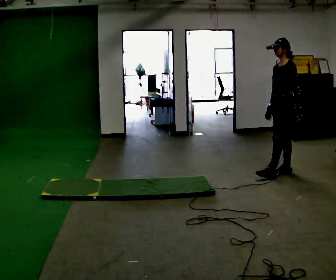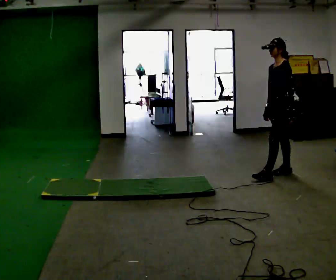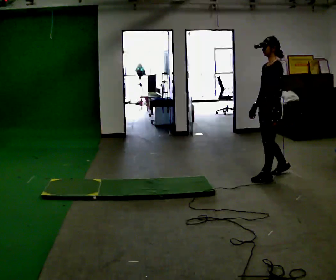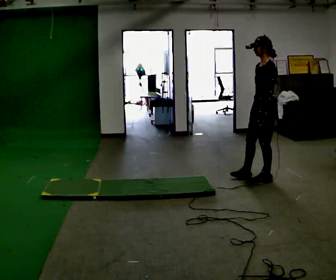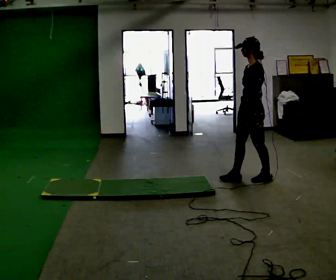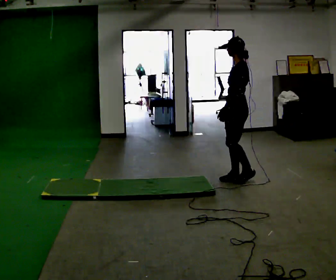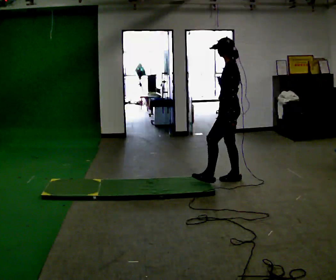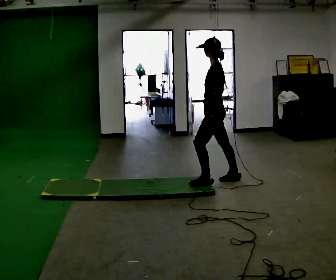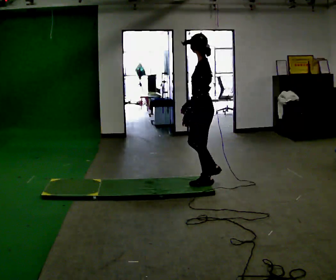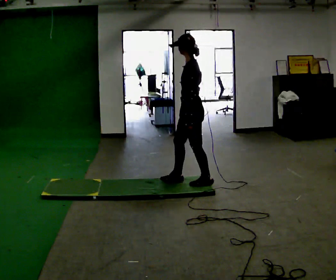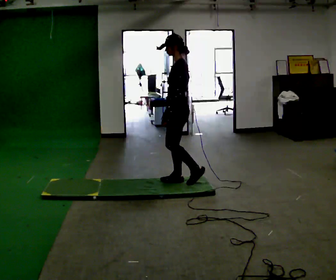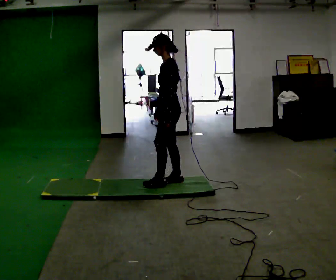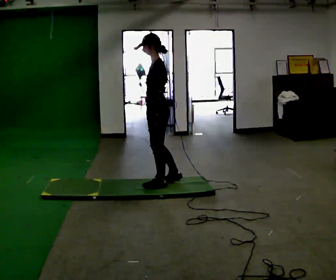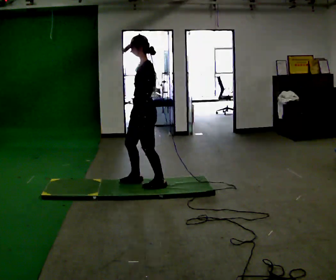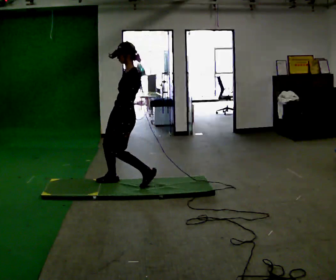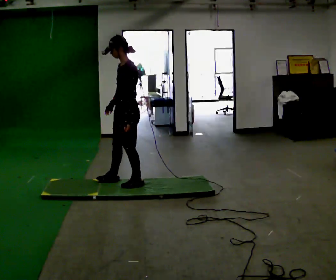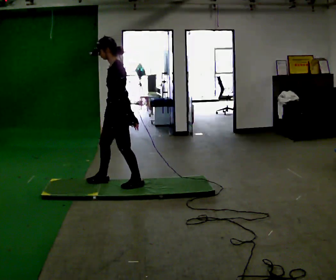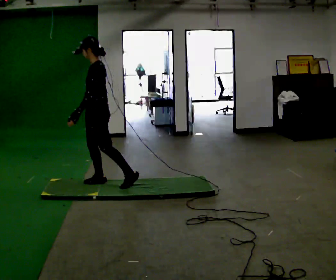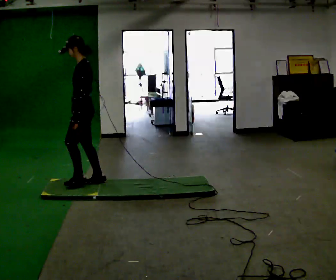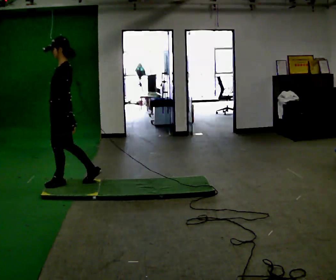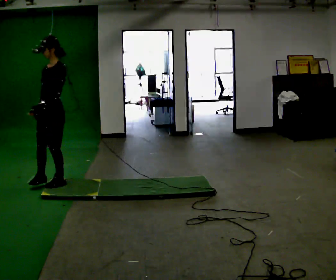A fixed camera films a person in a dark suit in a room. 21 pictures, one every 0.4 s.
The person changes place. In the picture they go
to the left.
0.0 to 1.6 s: In the picture they go to the left and toward the camera, about 0.5 m in 2 steps, which for them is forward and to their left.
1.6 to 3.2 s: In the picture they go to the left, about 0.5 m in 1 step, which for them is forward and to their left.
3.2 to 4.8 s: In the picture they go to the left, about 0.5 m in 2 steps, which for them is forward.
4.8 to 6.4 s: In the picture they go to the left, about 0.5 m in 2 steps, which for them is forward.
6.4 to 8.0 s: The person turns about 30 degrees to their left, counterclockwise seen from above, so the part of the body nearest the lens slides to the right. In the picture they go to the left, about 0.75 m in 1 step, which for them is forward.
The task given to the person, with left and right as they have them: Walk across the floor at a normal pace. It may be more slippery in places. Recover however comes naturally.
The film runs forward here.
